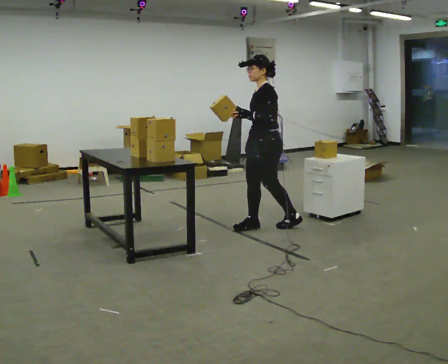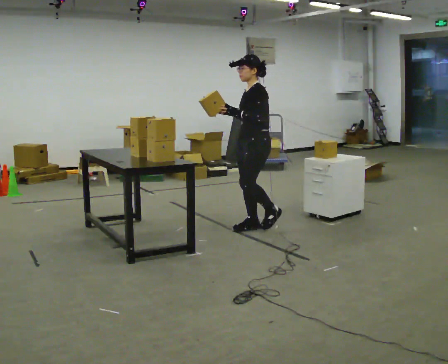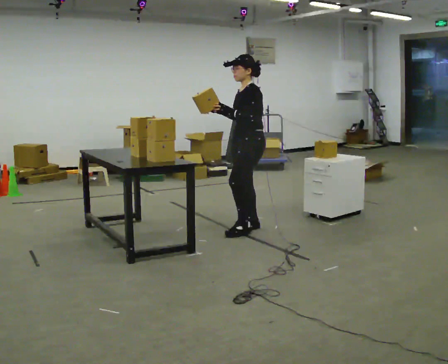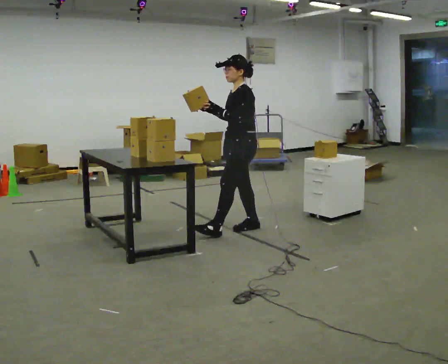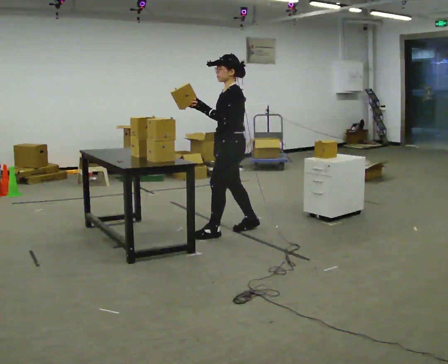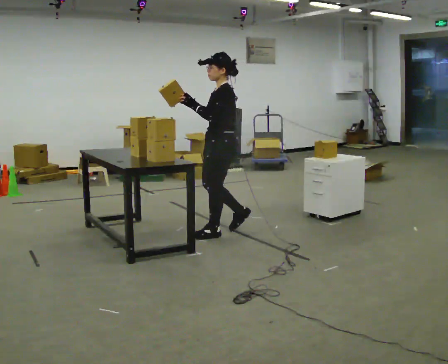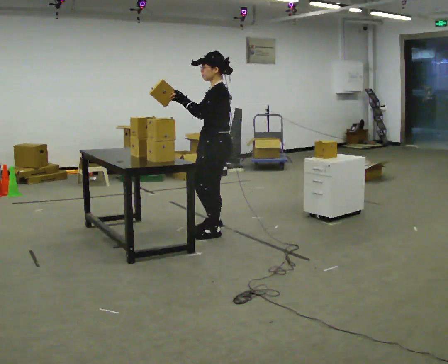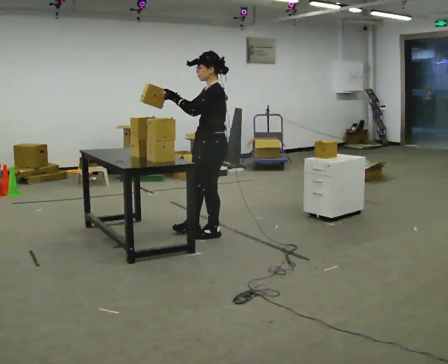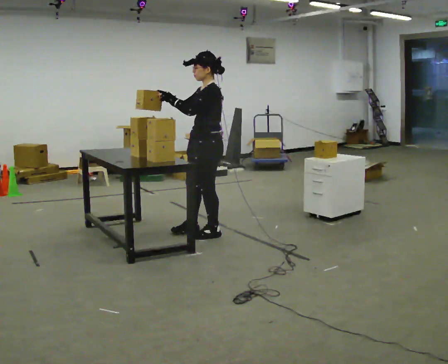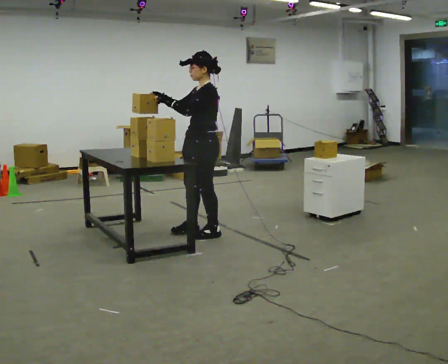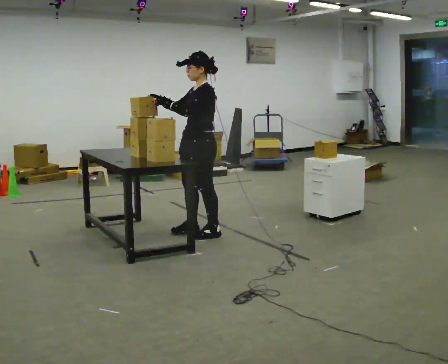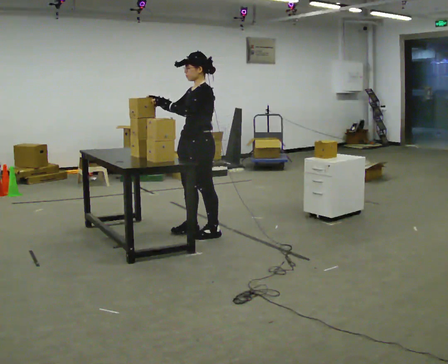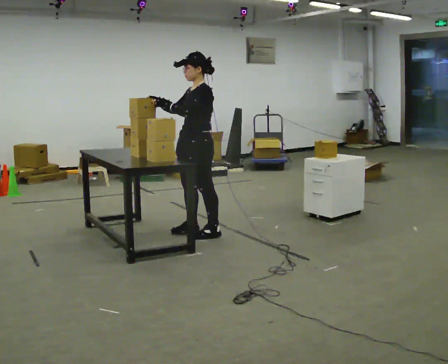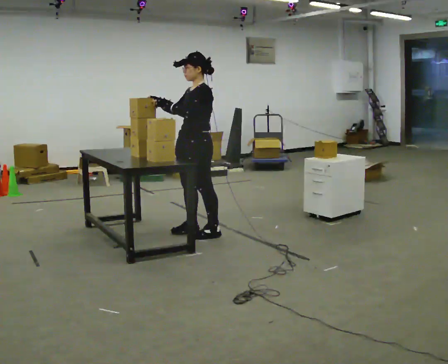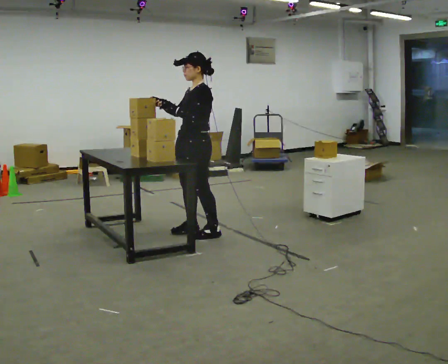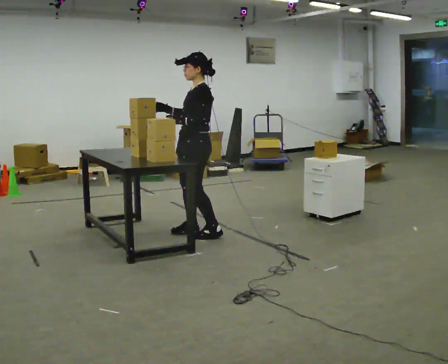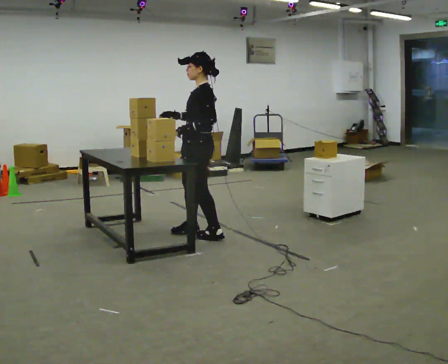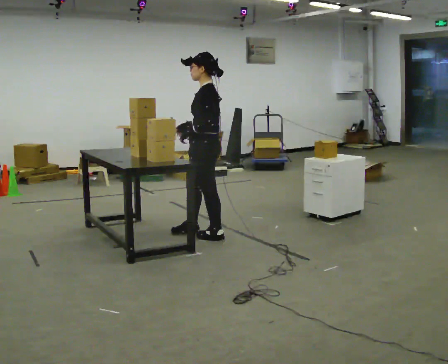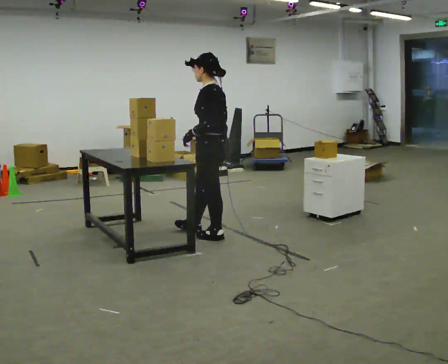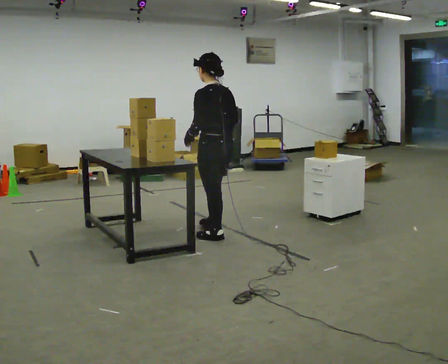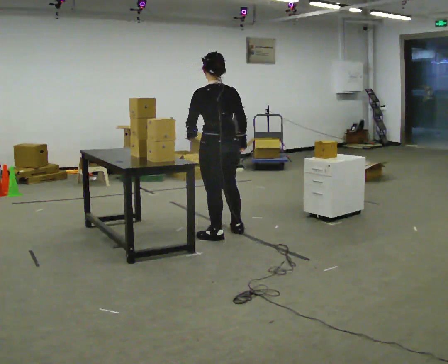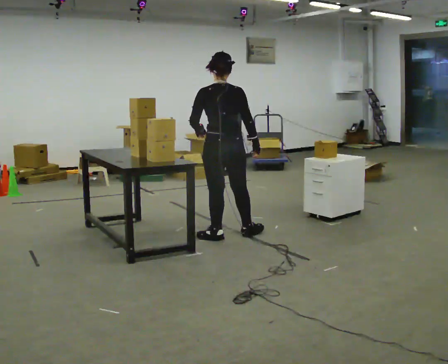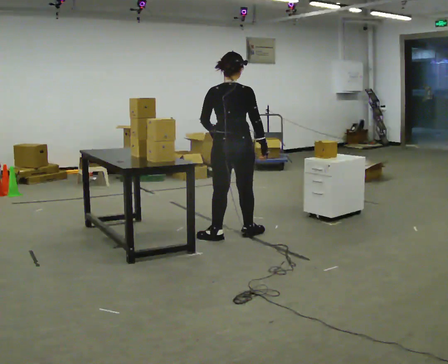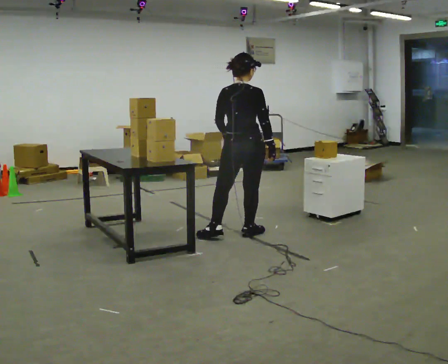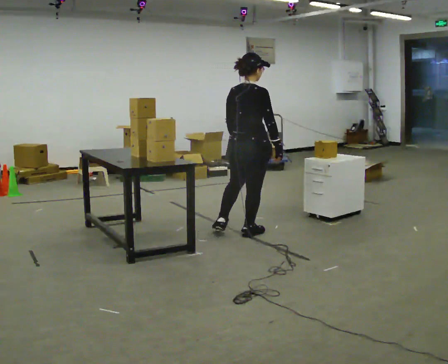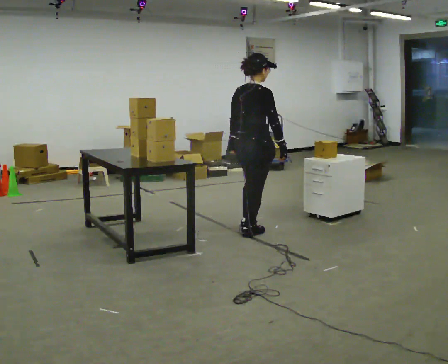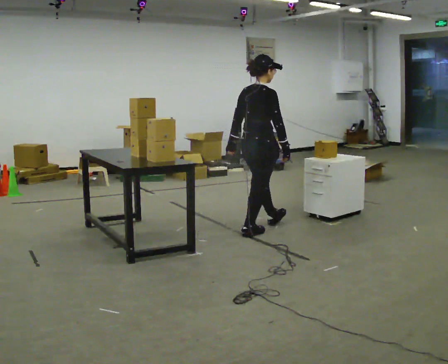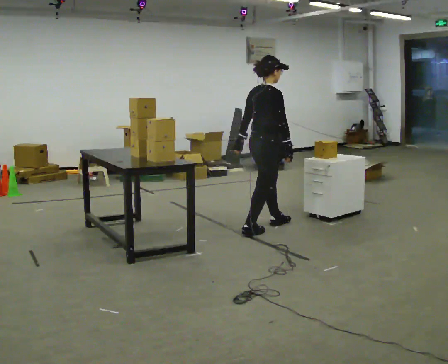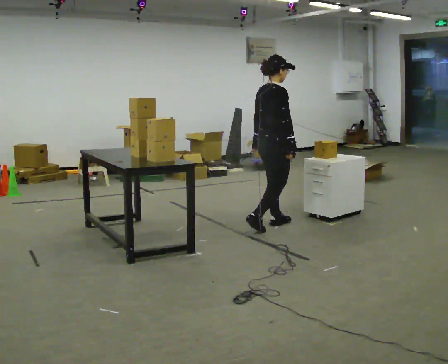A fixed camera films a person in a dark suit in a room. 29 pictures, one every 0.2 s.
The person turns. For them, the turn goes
to their right.
The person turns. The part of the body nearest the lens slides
to the left.
0.0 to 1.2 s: In the picture they go to the left and toward the camera, about 0.5 m in 1 step, which for them is forward.
1.2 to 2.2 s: In the picture they go to the left, about 0.25 m in 1 step, which for them is forward.
2.2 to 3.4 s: The part of the body nearest the lens slides to the left as the person turns to their right by about 30 degrees.
3.4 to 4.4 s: The person turns about 90 degrees to their right, clockwise seen from above, so the part of the body nearest the lens slides to the left. In the picture they go to the right, about 0.25 m in 1 step. In the picture their right hand goes to the right, the arm swinging counterclockwise.
4.4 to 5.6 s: The part of the body nearest the lens slides to the left as the person turns to their right by about 60 degrees. In the picture they go to the right and away from the camera, about 0.5 m in 1 step.
The film runs forward here.
